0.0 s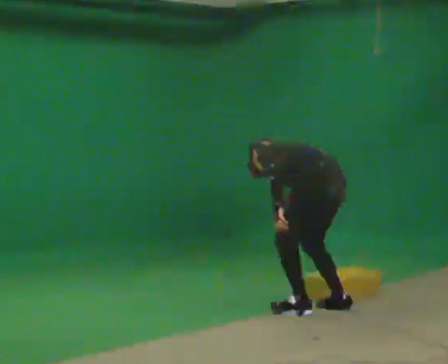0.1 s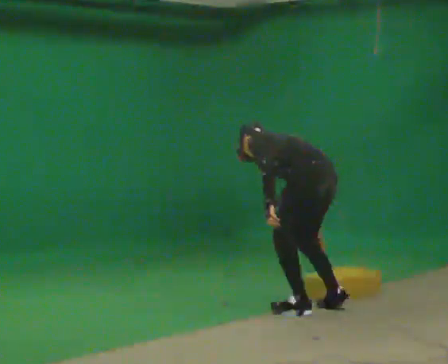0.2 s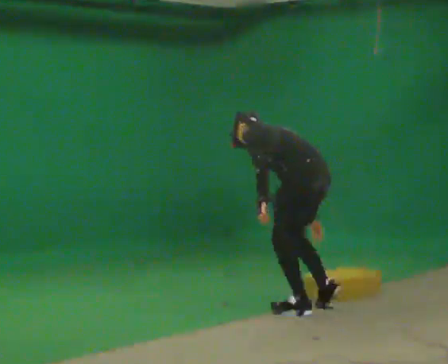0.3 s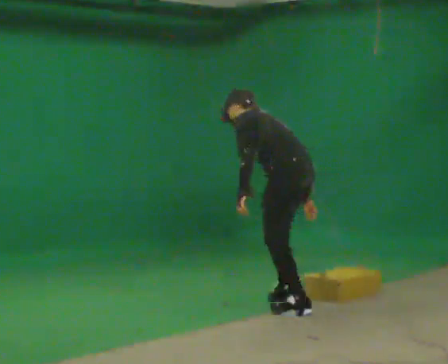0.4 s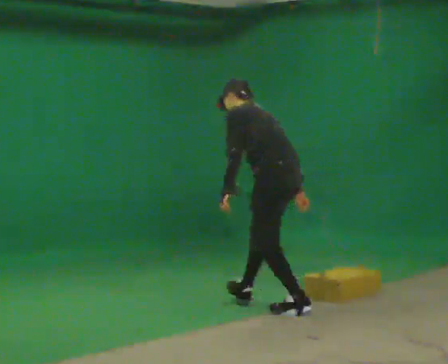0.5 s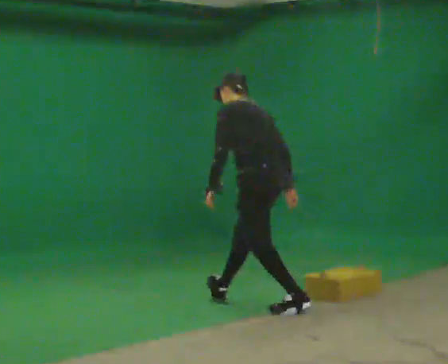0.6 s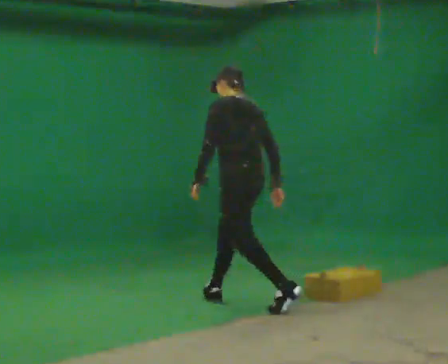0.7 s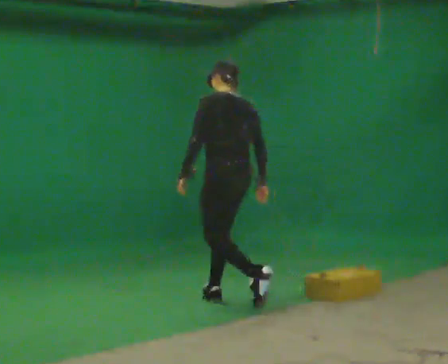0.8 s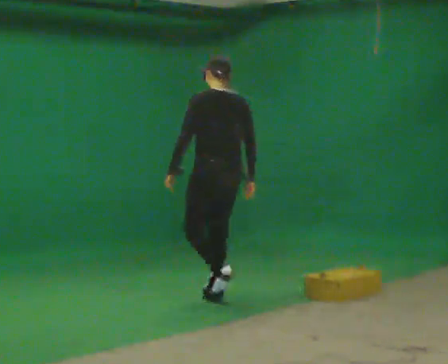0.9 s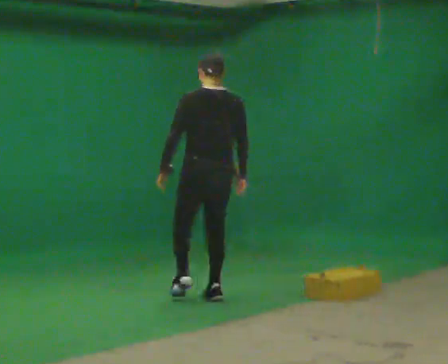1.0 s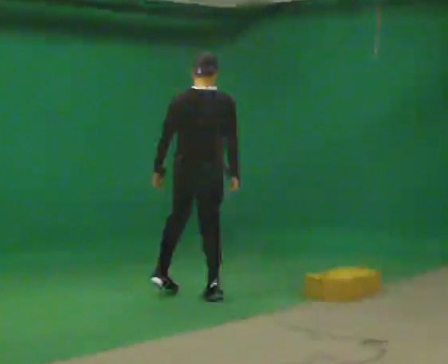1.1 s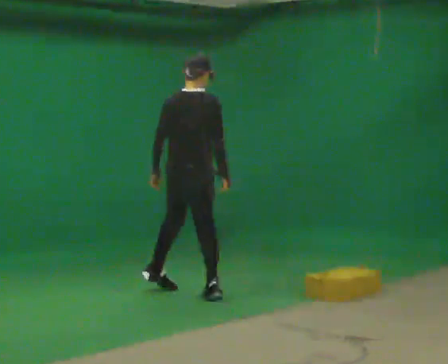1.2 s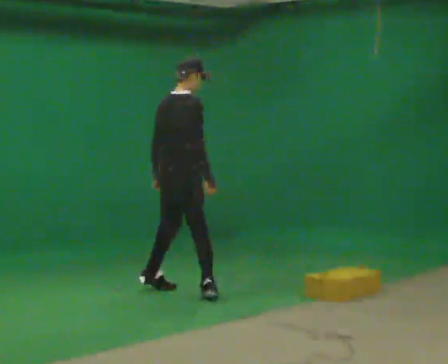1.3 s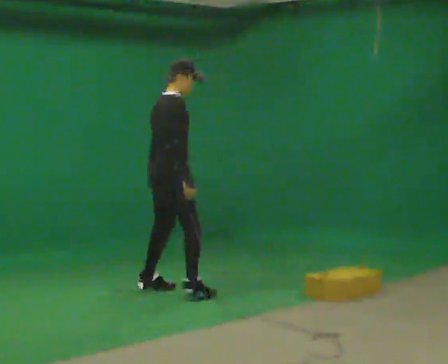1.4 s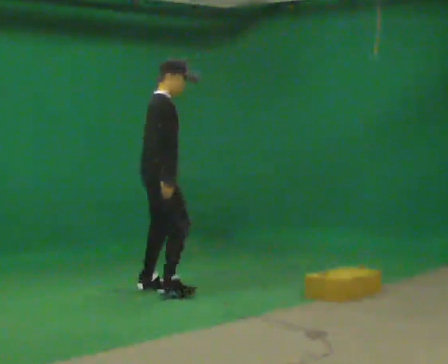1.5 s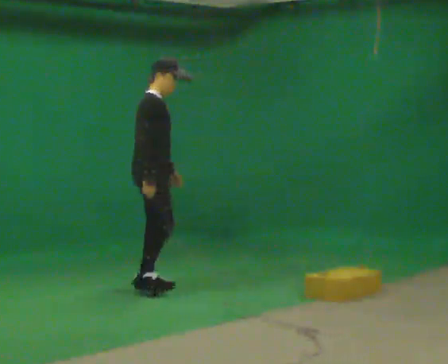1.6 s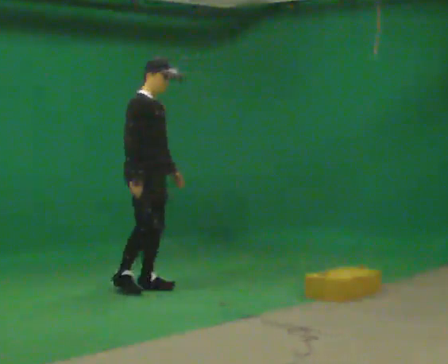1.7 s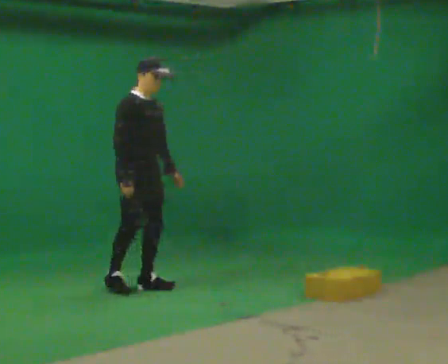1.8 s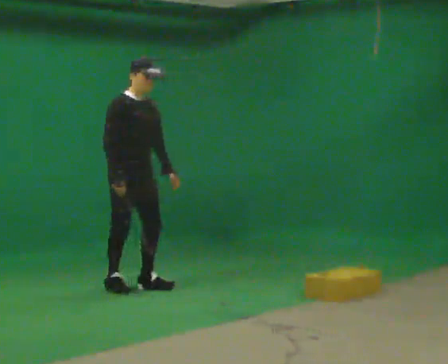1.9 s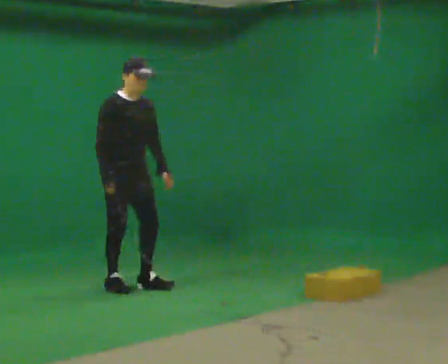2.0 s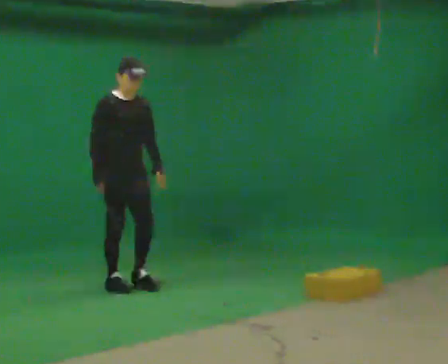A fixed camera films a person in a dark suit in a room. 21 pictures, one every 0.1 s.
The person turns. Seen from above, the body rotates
clockwise.
The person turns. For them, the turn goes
to their right.
0.0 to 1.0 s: Seen from above the body turns clockwise, about 60 degrees: to their right, with its near side sliding to the left. In the picture they go to the left and away from the camera, about 1 m in 1 step. The shoulders move upward. In the picture the upper body tilts clockwise, shoulders to the right, as they lean back or straighten.
1.0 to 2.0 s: Seen from above the body turns clockwise, about 135 degrees: to their right, with its near side sliding to the left. In the picture they go to the left and away from the camera, about 0.5 m in 2 steps. The upper body tips toward the camera, its near side rolling downward.
The film runs forward here.
